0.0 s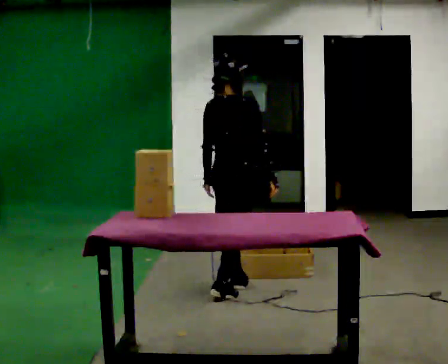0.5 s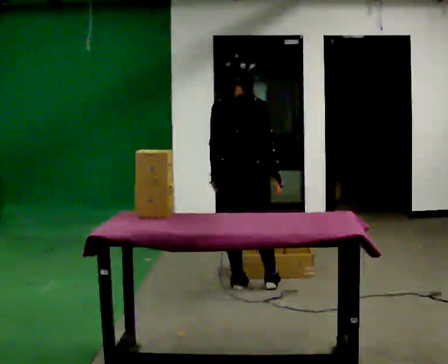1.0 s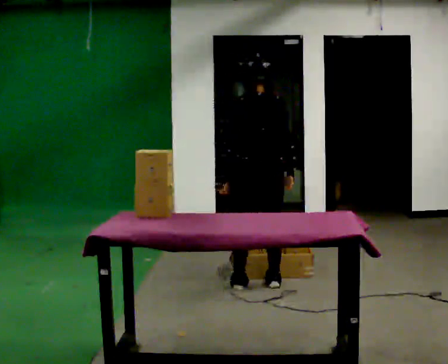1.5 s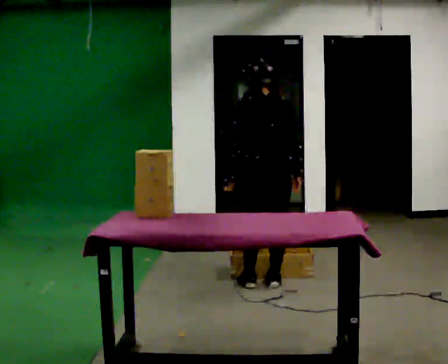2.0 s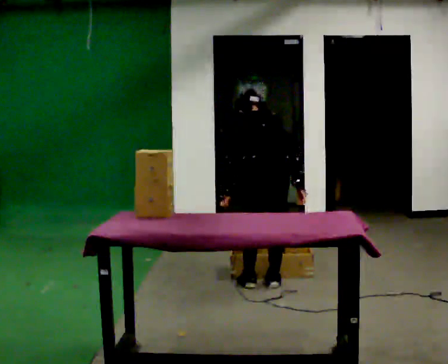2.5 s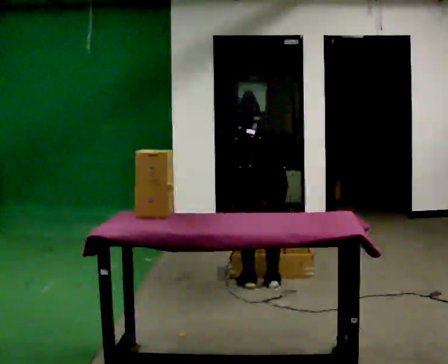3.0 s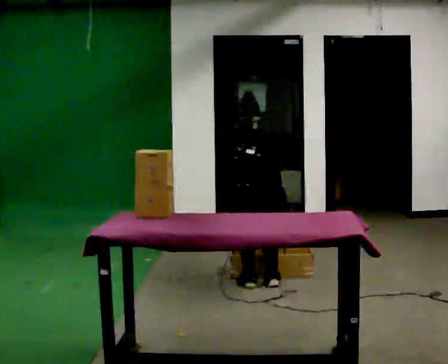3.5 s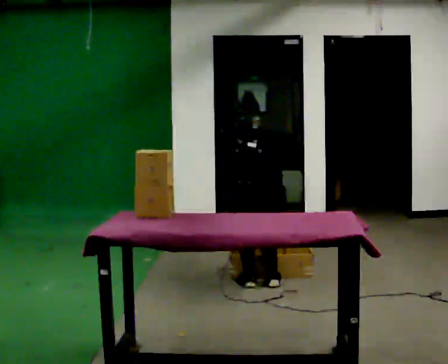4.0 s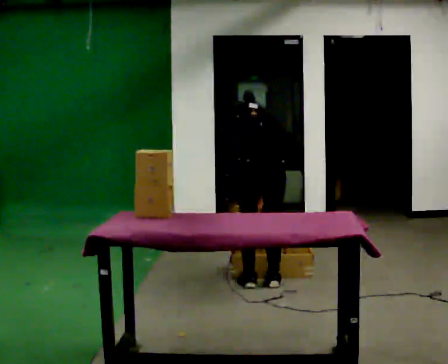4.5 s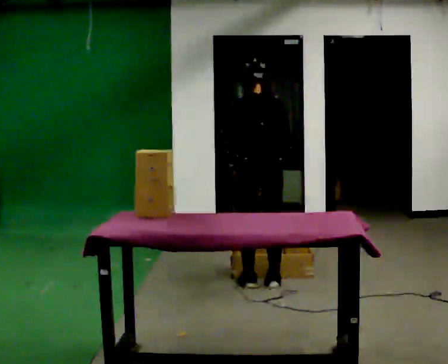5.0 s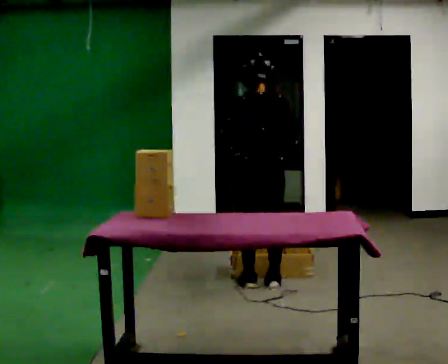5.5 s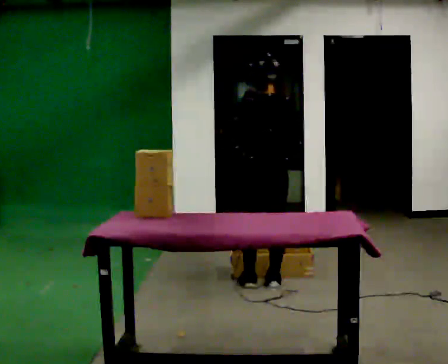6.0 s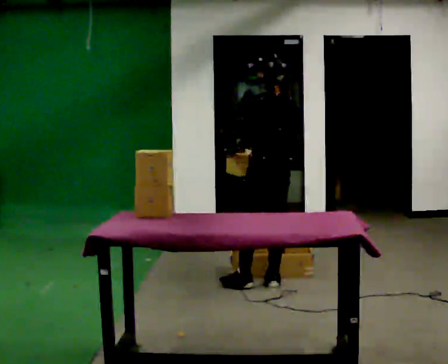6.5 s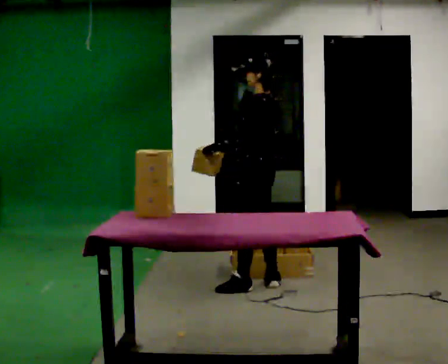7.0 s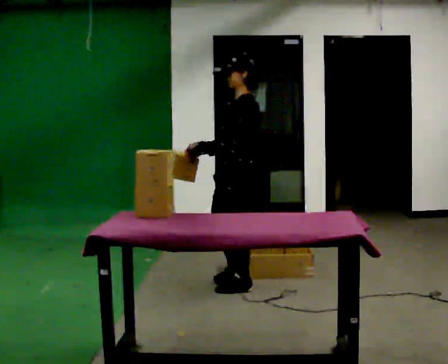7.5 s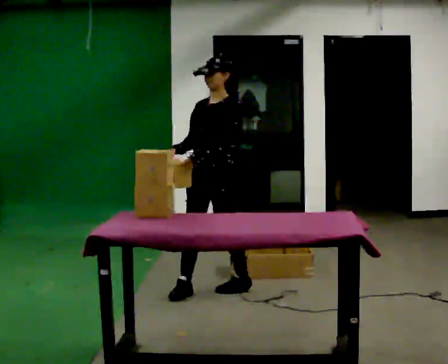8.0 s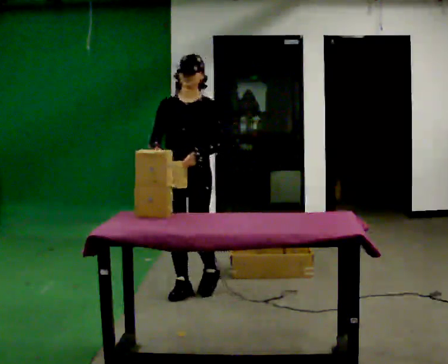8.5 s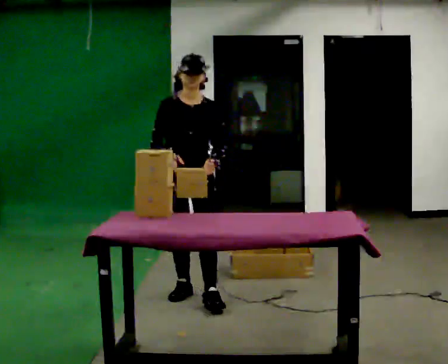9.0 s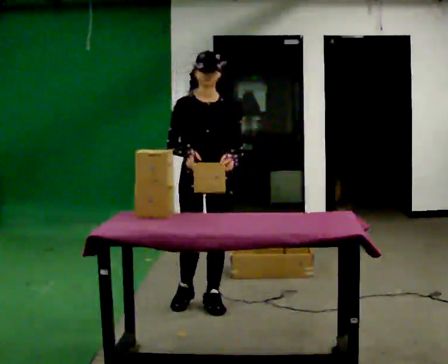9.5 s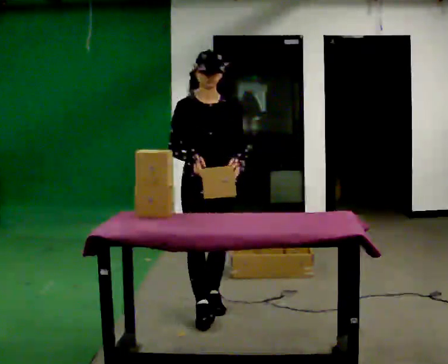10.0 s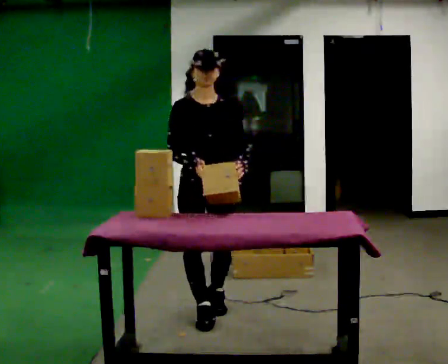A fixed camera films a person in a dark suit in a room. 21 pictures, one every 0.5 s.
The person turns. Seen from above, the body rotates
counterclockwise.
The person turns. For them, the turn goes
to their left.
0.0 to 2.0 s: Seen from above the body turns counterclockwise, about 45 degrees: to their left, with its near side sliding to the right. In the picture they go to the right, about 0.25 m in 1 step, which for them is to their right. The upper body tips away from the camera, its near side rolling upward, as they bend forward.
2.0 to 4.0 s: The person moves a little, or ends about where they began.
4.0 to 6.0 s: Seen from above the body turns counterclockwise, about 30 degrees: to their left, with its near side sliding to the right. The upper body goes upward. The upper body tips toward the camera, its near side rolling downward, as they lean back or straighten. In the picture their right hand goes upward.
6.0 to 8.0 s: The part of the body nearest the lens slides to the right as the person turns to their left by about 135 degrees. In the picture they go to the left and toward the camera, about 0.5 m in 1 step.
8.0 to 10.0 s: The person turns about 30 degrees to their left, counterclockwise seen from above, so the part of the body nearest the lens slides to the right. In the picture they go toward the camera, about 0.5 m in 2 steps, which for them is forward.
The film runs forward here.
